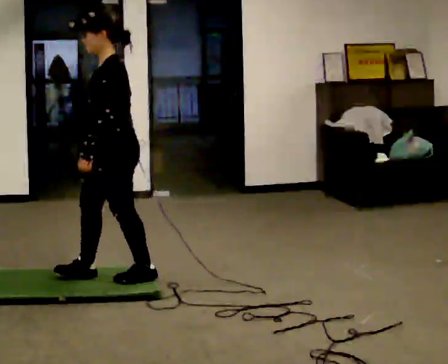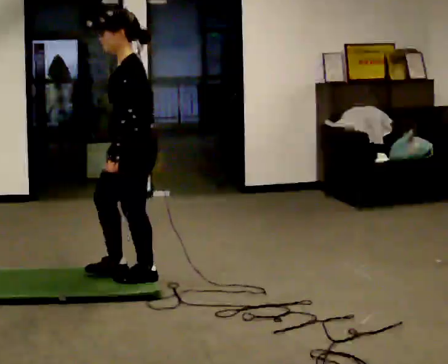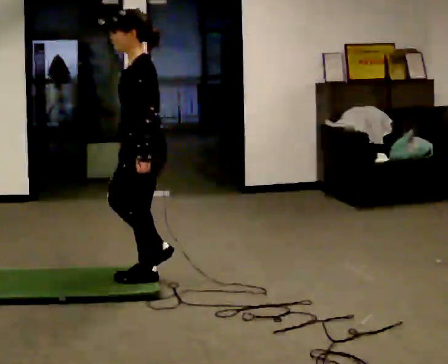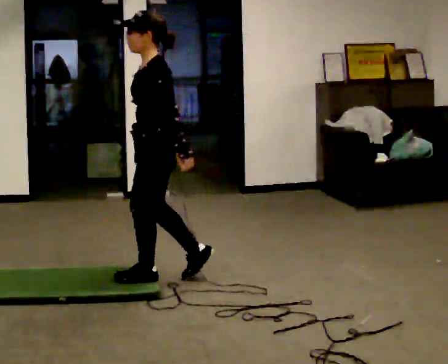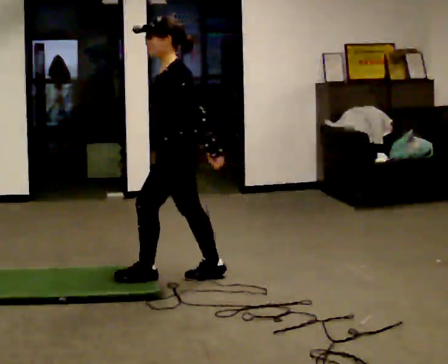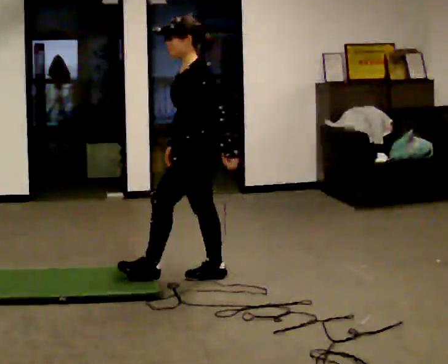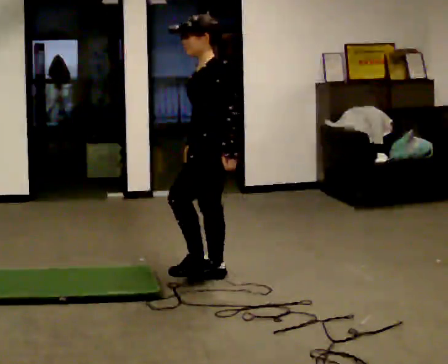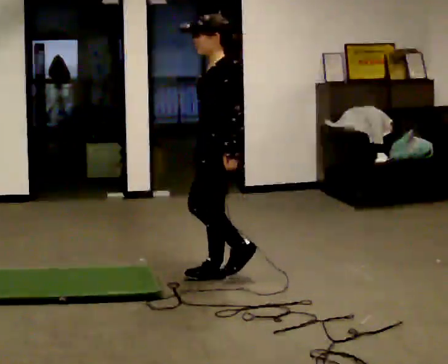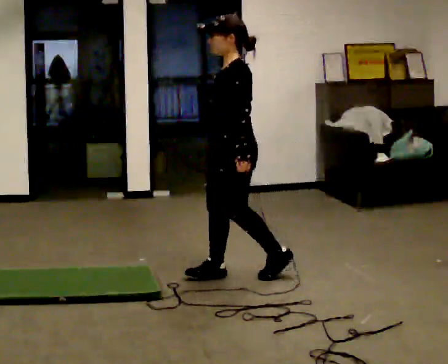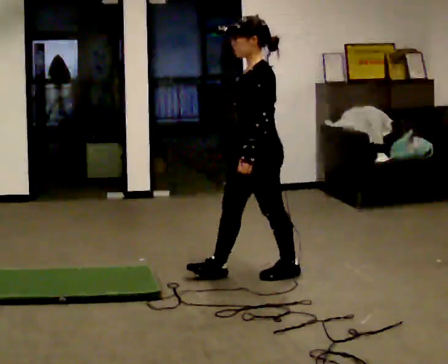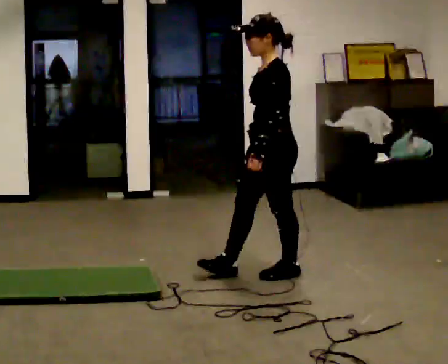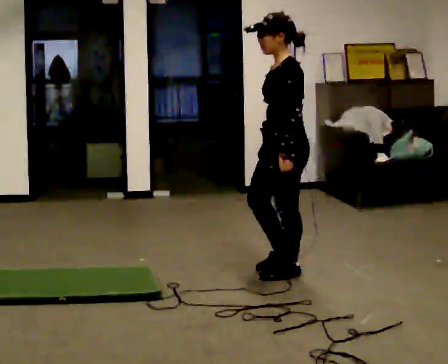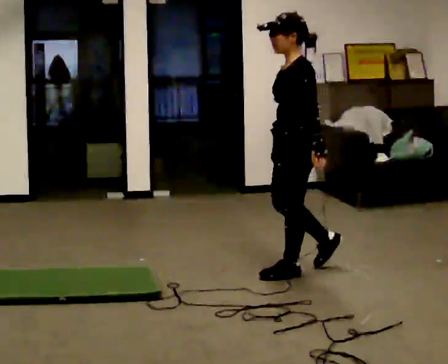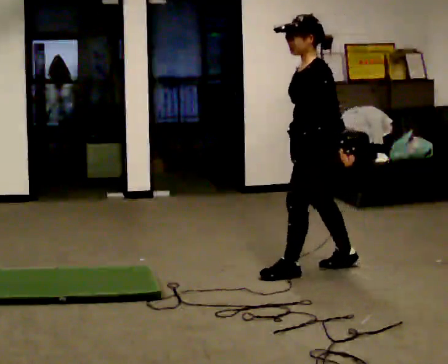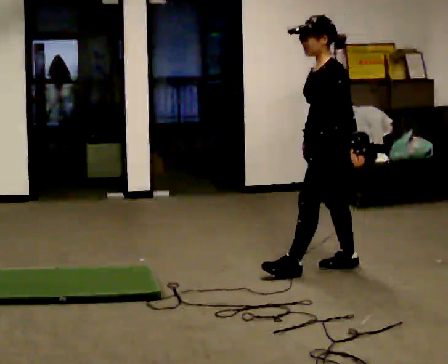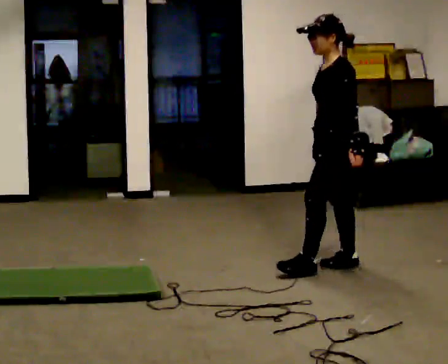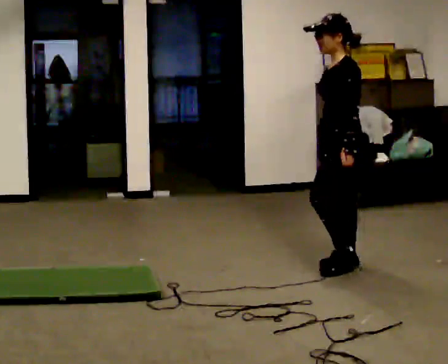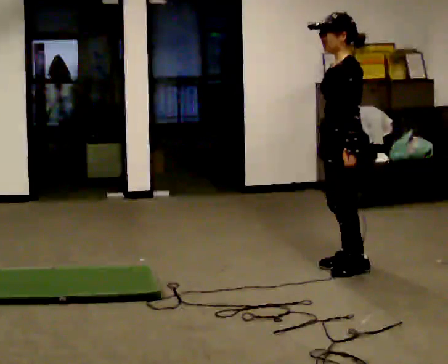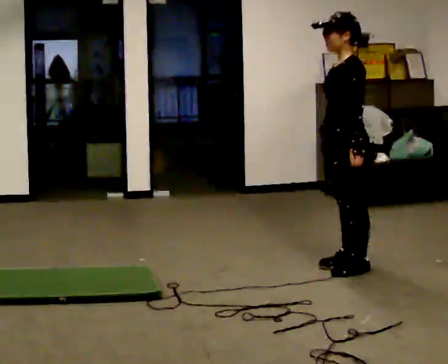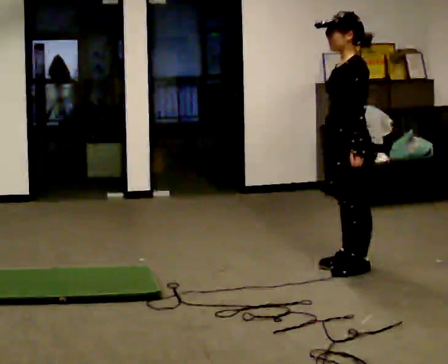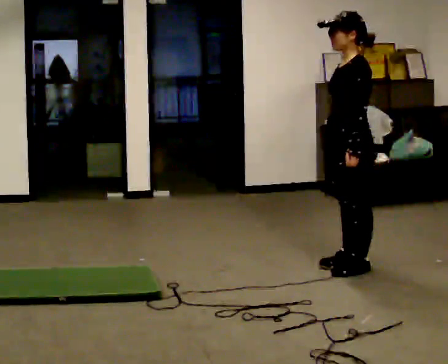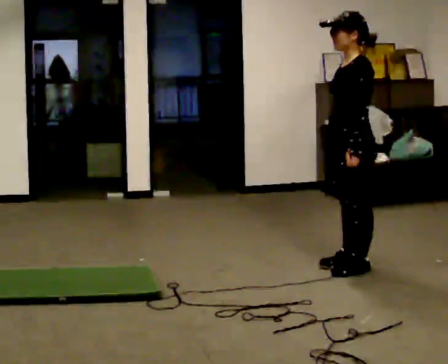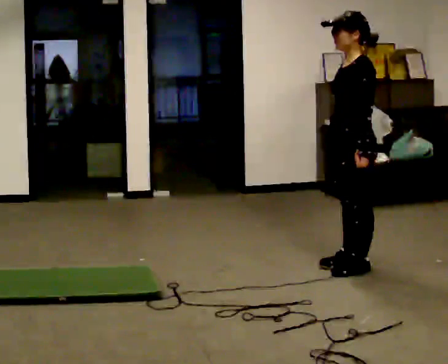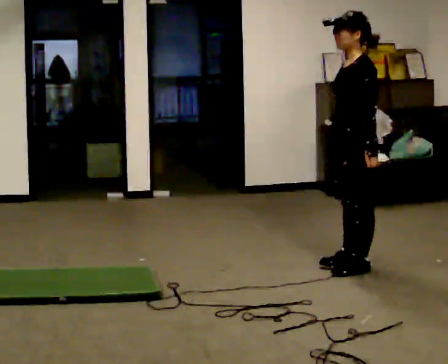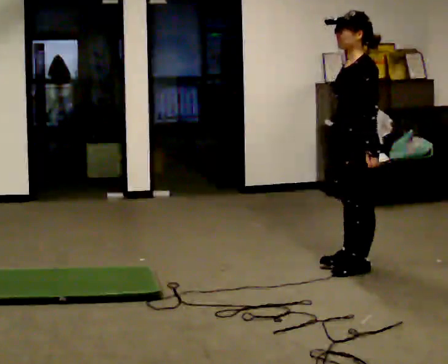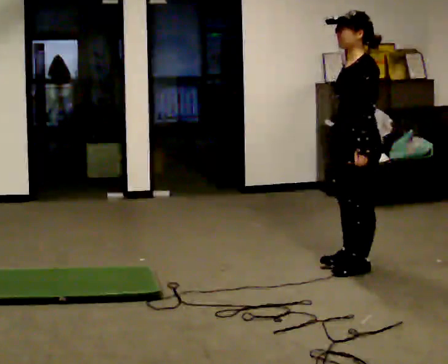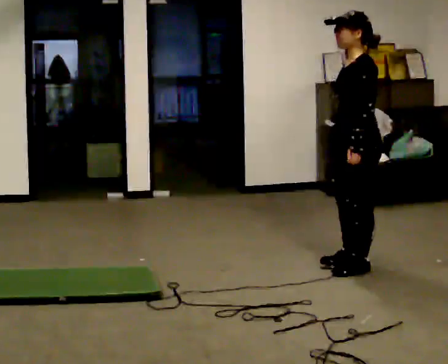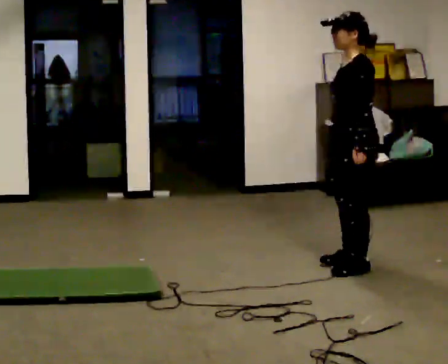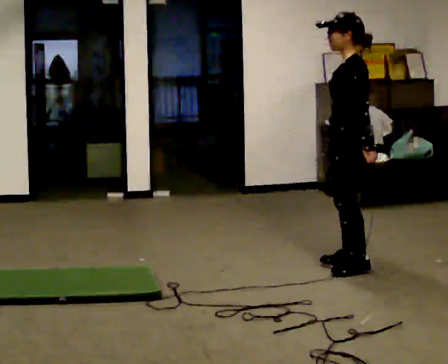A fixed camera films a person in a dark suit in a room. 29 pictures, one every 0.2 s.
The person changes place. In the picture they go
to the right.
0.0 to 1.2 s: In the picture they go to the right and away from the camera, about 0.5 m in 2 steps, which for them is backward.
1.2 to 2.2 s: In the picture they go to the right, about 0.5 m in 1 step, which for them is backward.
2.2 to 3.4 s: In the picture they go to the right and away from the camera, about 0.5 m in 1 step, which for them is backward.
3.4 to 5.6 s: The person moves a little, or ends about where they began.
The film runs backward here.
